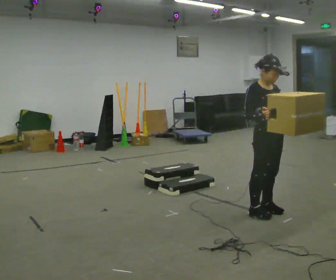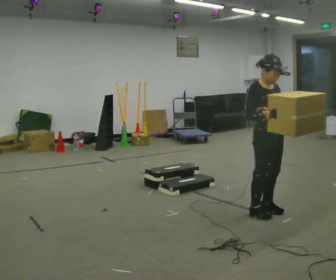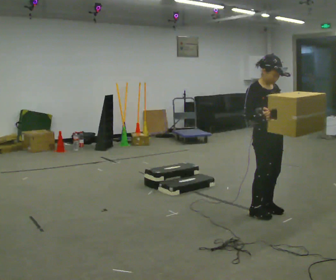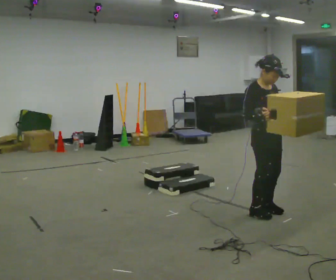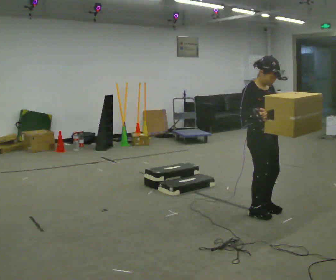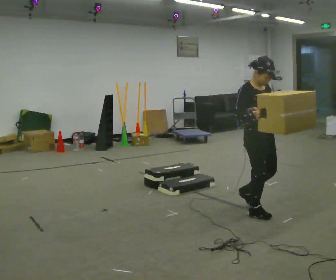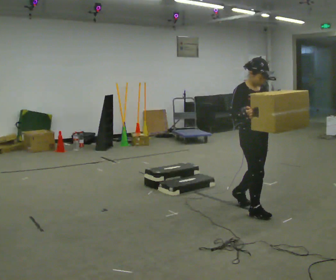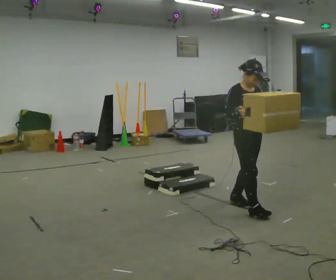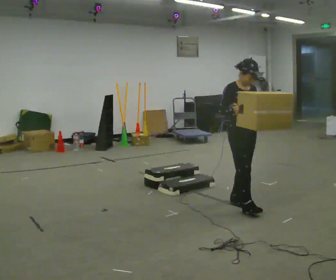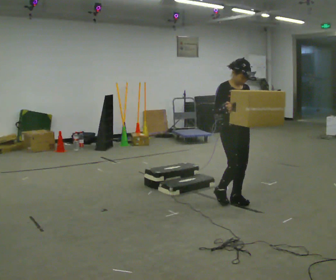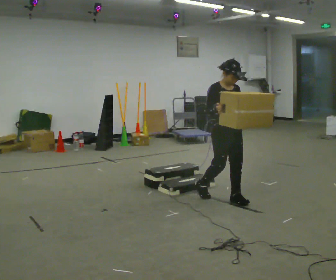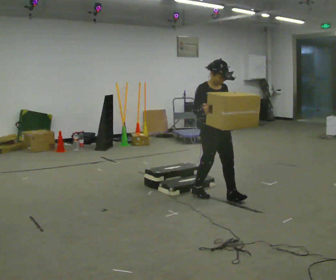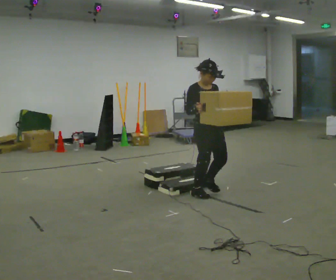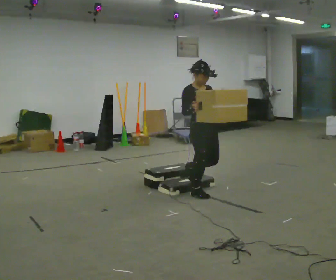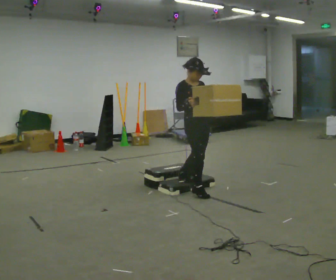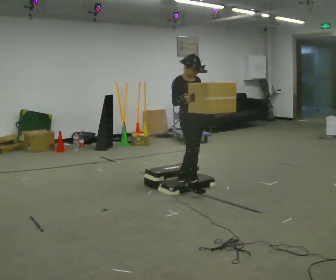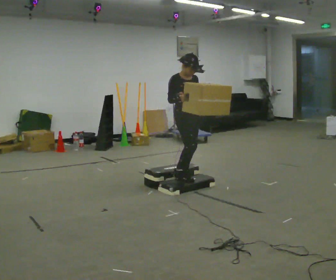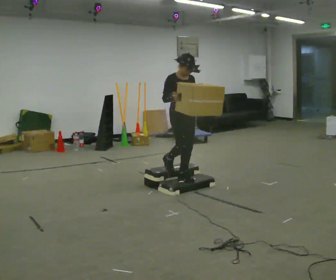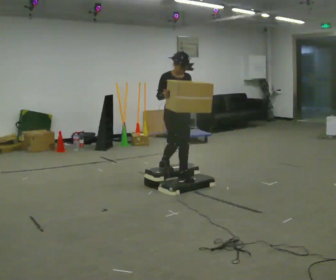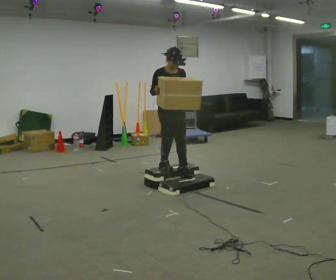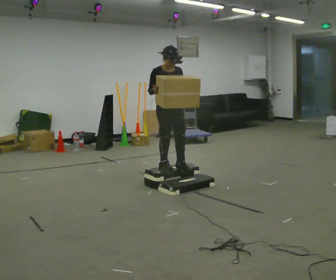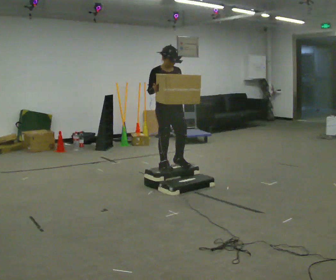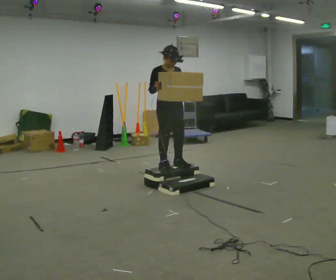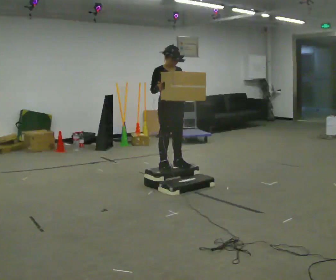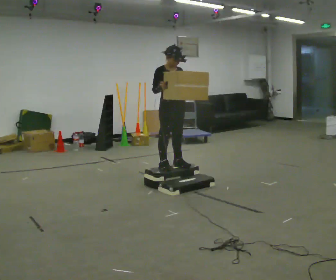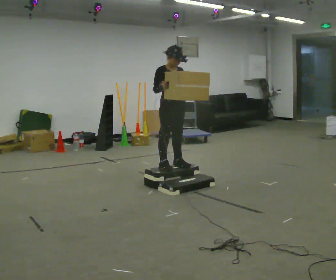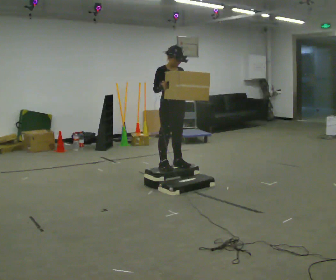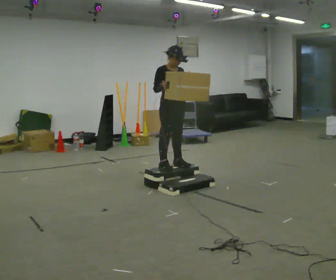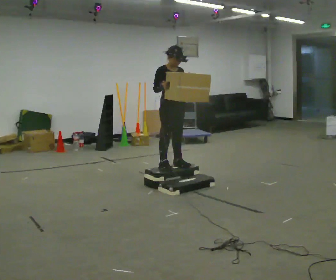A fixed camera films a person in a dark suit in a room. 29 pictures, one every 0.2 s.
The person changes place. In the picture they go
away from the camera.
0.0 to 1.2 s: The person moves a little, or ends about where they began.
1.2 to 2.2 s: In the picture they go away from the camera and to the left, about 0.5 m in 2 steps, which for them is backward.
2.2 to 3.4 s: In the picture they go away from the camera and to the left, about 0.5 m in 1 step, which for them is backward.
3.4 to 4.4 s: In the picture they go away from the camera and to the left, about 0.25 m in 1 step, which for them is backward.
4.4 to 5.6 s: The person moves a little, or ends about where they began.
The film runs backward here.
